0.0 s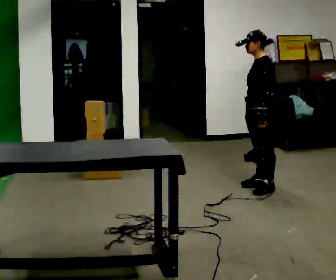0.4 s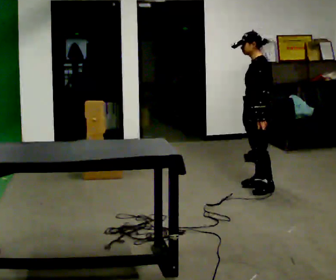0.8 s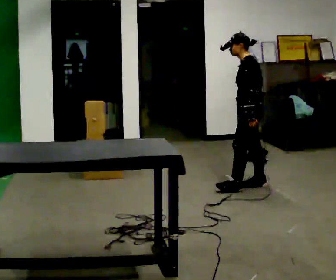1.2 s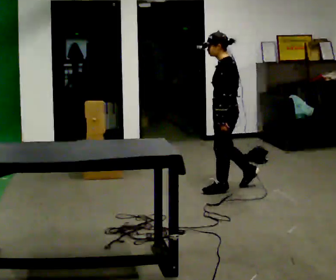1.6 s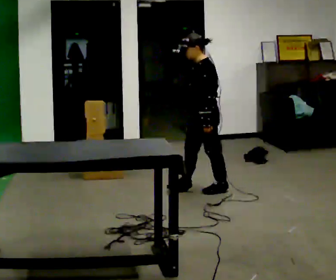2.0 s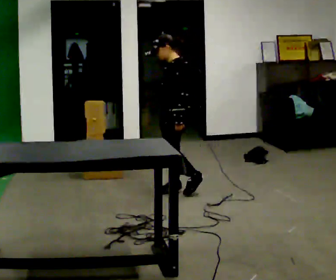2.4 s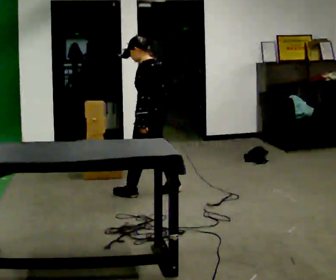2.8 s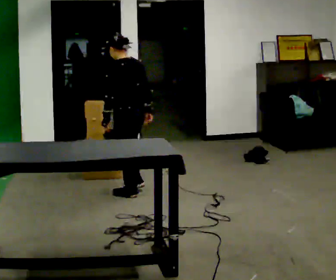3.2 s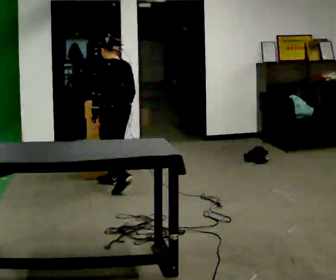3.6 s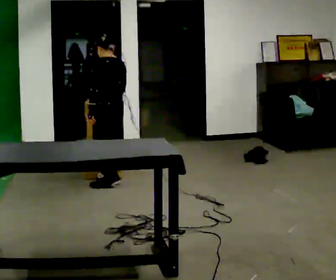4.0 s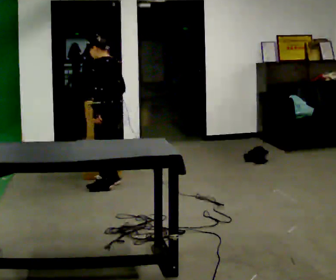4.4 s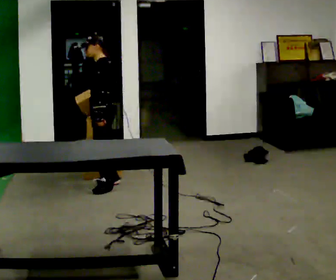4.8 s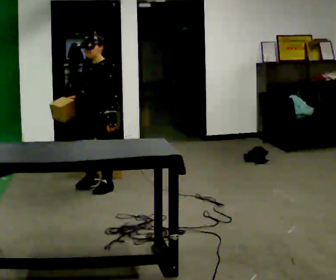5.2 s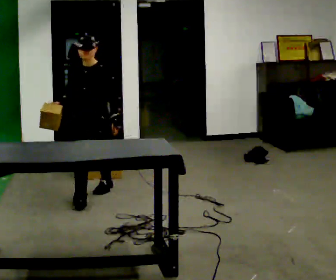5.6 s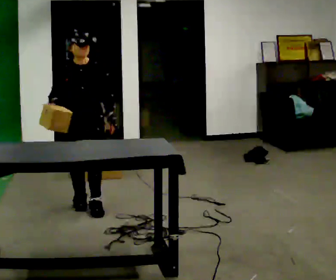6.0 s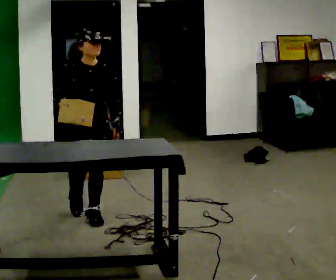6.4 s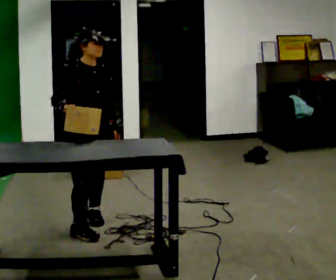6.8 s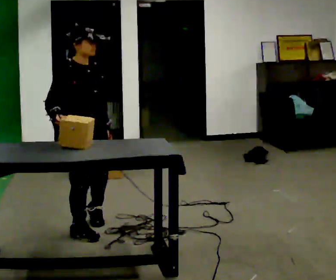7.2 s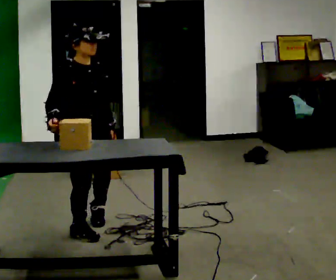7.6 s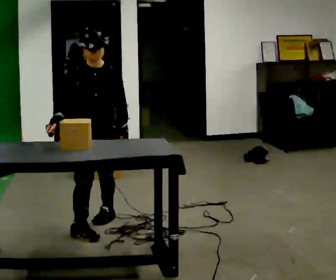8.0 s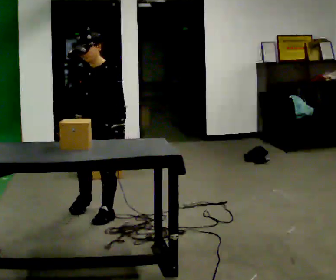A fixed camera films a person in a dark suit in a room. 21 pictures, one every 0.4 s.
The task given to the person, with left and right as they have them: Take an object out of the bin at knee height, carry it across the room, and place it on the chest-height shelf. Keep going until the operator says stop; one object at a time, and do not rush between trips.
0.0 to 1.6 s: In the picture they go to the left, about 0.5 m in 1 step, which for them is forward.
1.6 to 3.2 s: The person turns about 60 degrees to their right, clockwise seen from above, so the part of the body nearest the lens slides to the left. In the picture they go to the left, about 1 m in 3 steps.
3.2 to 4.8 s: The person turns about 90 degrees to their left, counterclockwise seen from above, so the part of the body nearest the lens slides to the right. In the picture they go toward the camera, about 0.25 m in 1 step. In the picture their right hand goes to the left.
4.8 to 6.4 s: The person turns about 90 degrees to their left, counterclockwise seen from above, so the part of the body nearest the lens slides to the right. In the picture they go toward the camera, about 1 m in 3 steps.
6.4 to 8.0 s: Seen from above the body turns clockwise, about 75 degrees: to their right, with its near side sliding to the left. In the picture they go away from the camera, about 0.25 m.
The film runs forward here.
